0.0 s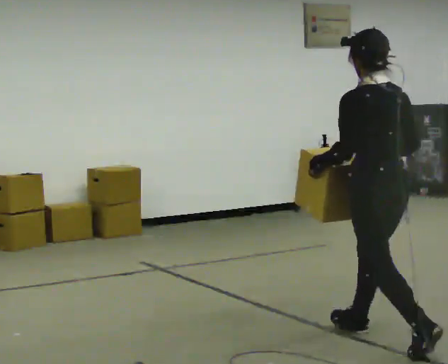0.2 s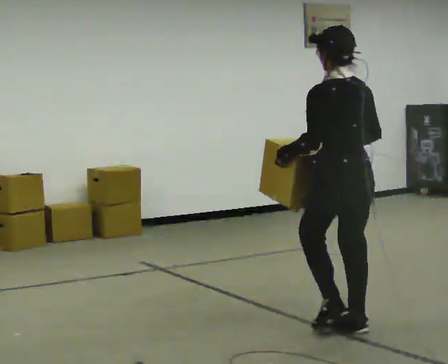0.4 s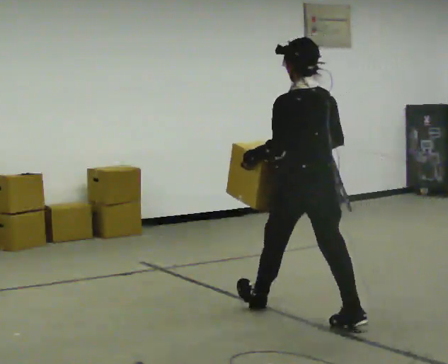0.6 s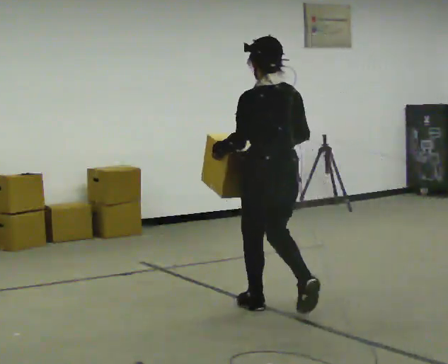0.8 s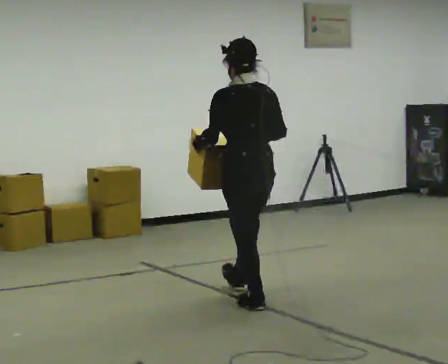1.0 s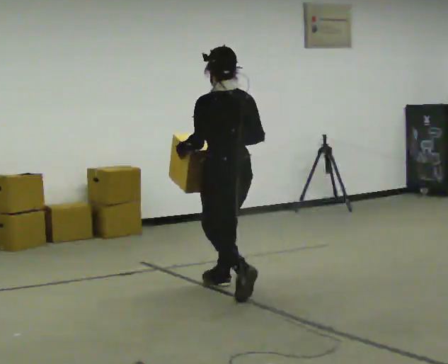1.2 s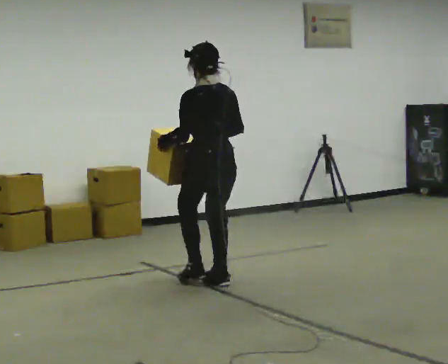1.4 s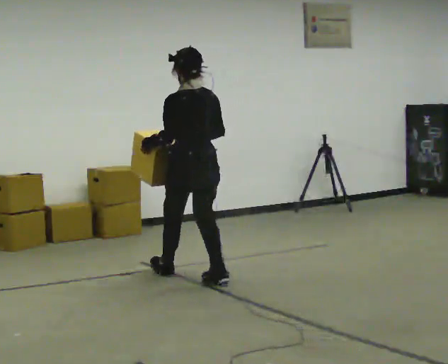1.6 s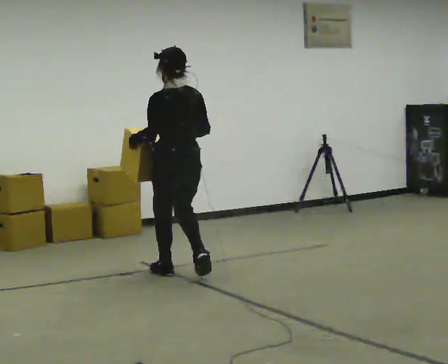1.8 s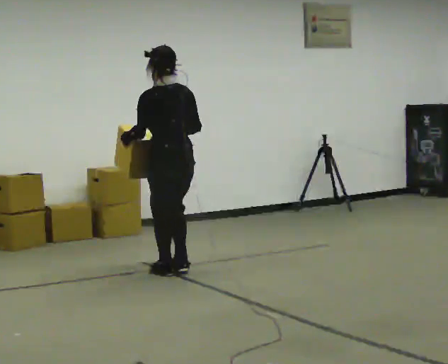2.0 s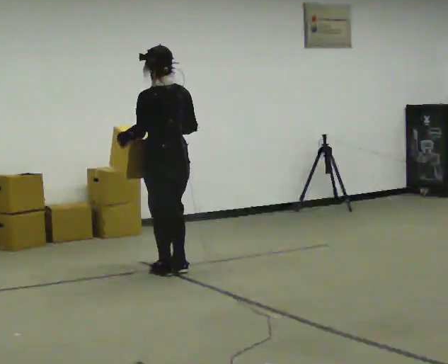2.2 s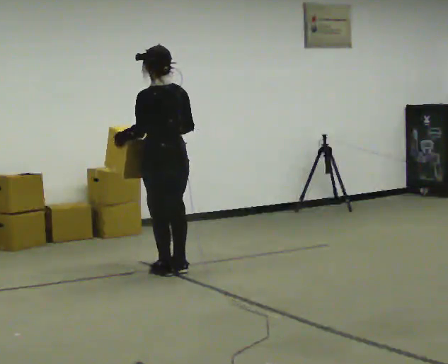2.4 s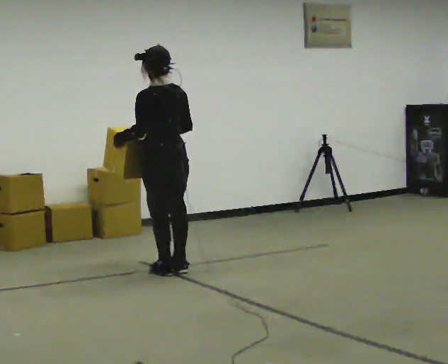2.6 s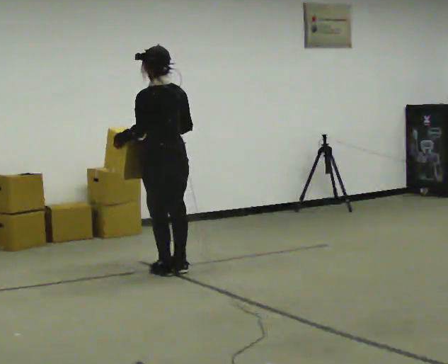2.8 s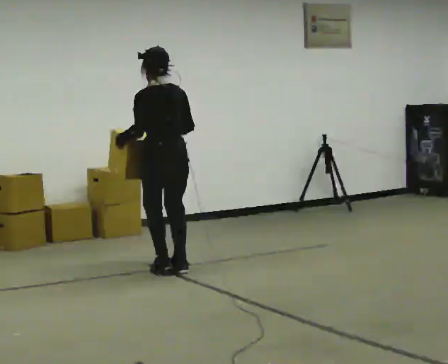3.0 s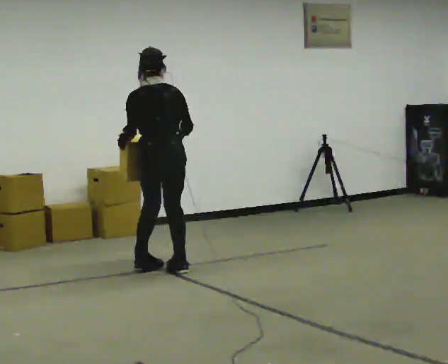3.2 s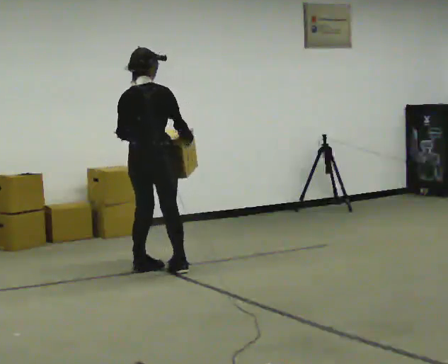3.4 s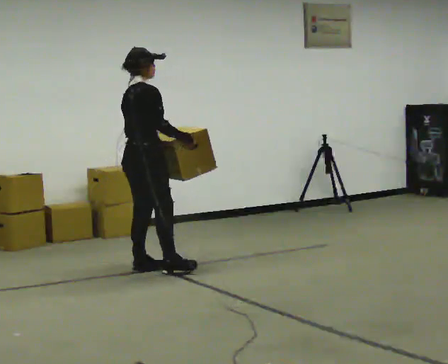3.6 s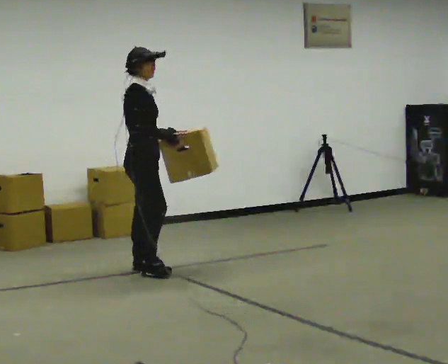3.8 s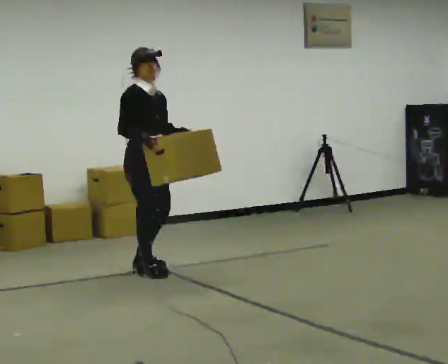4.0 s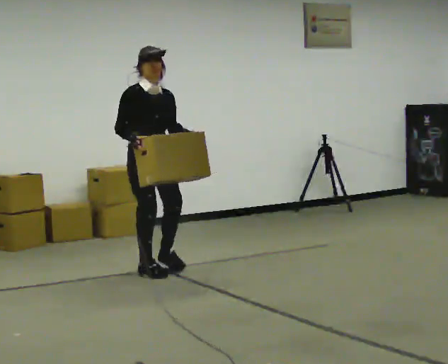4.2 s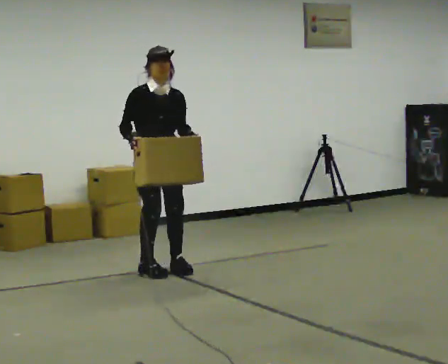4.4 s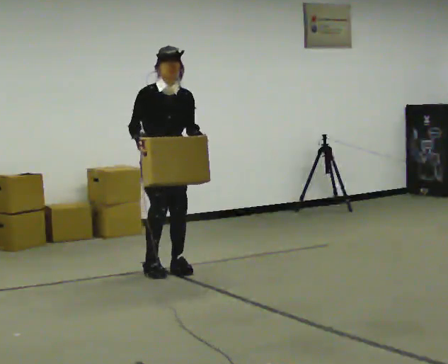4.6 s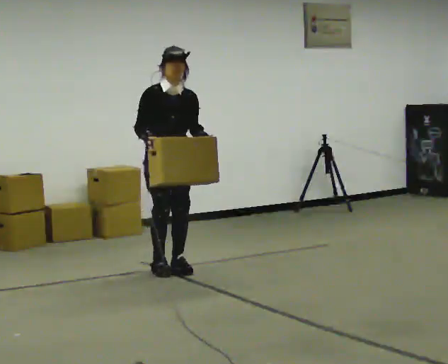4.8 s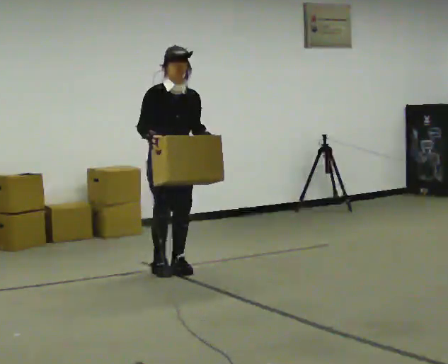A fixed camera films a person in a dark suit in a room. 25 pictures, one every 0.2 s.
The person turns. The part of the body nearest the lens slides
to the left.
The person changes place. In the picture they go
away from the camera.
0.0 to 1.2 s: In the picture they go away from the camera and to the left, about 1.5 m in 2 steps, which for them is forward.
1.2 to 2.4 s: In the picture they go away from the camera and to the left, about 0.5 m in 2 steps, which for them is forward.
2.4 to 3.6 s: The part of the body nearest the lens slides to the left as the person turns to their right by about 135 degrees. In the picture they go to the left, about 0.25 m in 2 steps.
3.6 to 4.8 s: The part of the body nearest the lens slides to the left as the person turns to their right by about 60 degrees. In the picture they go to the right, about 0.25 m in 1 step, which for them is to their left.
The film runs forward here.
